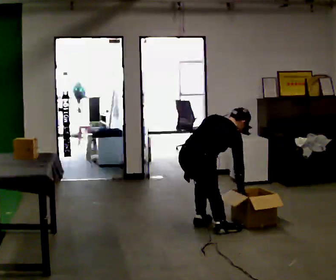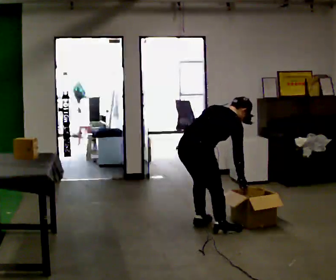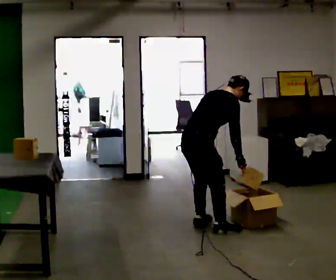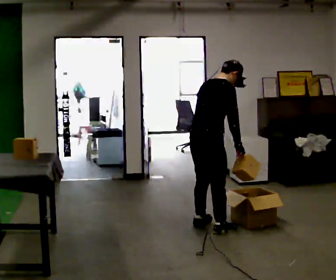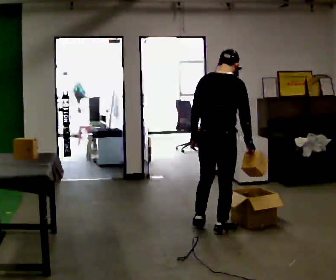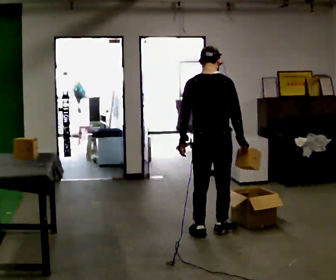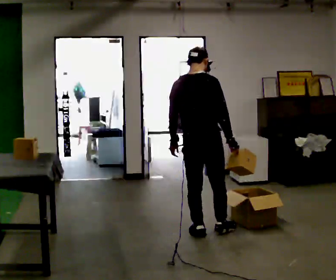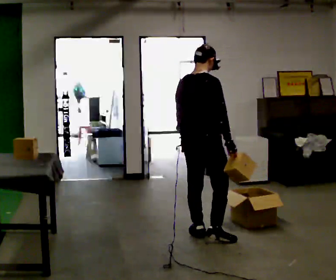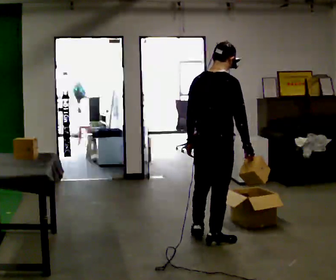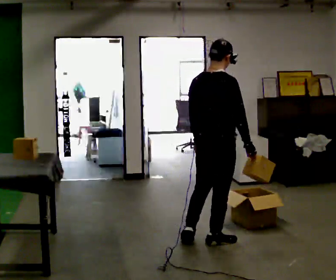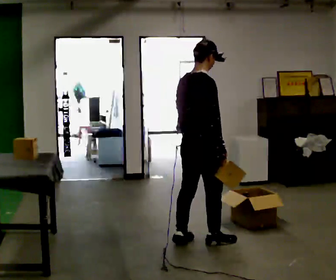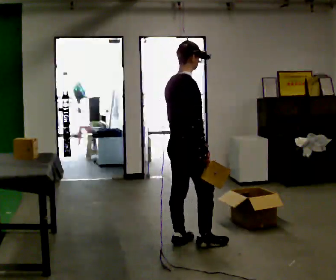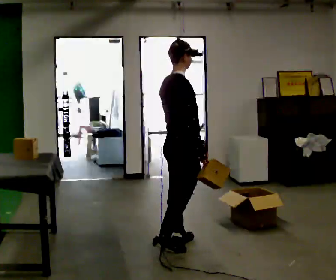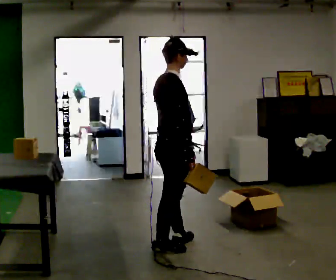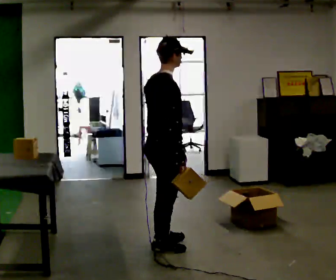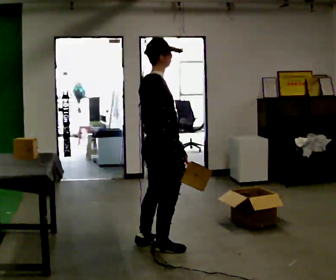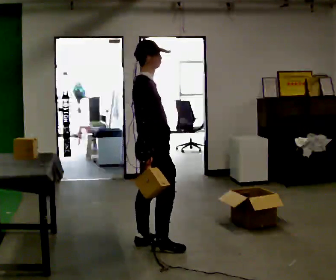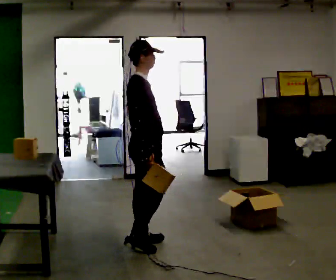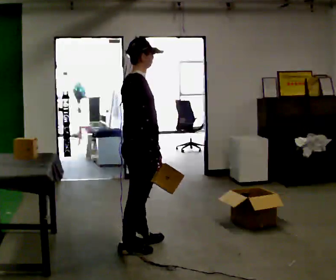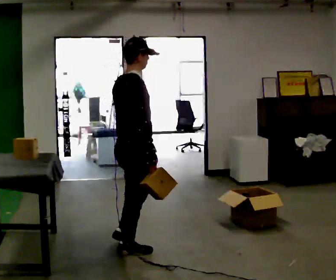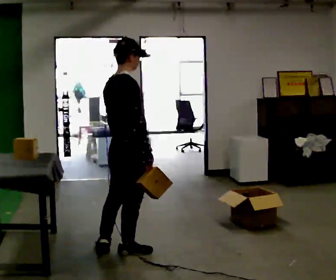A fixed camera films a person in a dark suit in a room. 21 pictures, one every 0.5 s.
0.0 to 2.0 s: In the picture they go to the right, about 0.25 m in 1 step, which for them is to their right. The shoulders move upward. The upper body tips toward the camera, its near side rolling downward, as they lean back or straighten. In the picture their left hand goes upward.
2.0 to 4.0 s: In the picture they go toward the camera, about 0.25 m in 2 steps, which for them is backward.
4.0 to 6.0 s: Seen from above the body turns clockwise, about 30 degrees: to their right, with its near side sliding to the left. In the picture they go to the left, about 0.25 m in 1 step, which for them is backward and to their left.
6.0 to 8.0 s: In the picture they go to the left, about 0.25 m in 1 step, which for them is backward. In the picture their right hand goes to the left.
8.0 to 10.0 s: The person turns about 30 degrees to their left, counterclockwise seen from above, so the part of the body nearest the lens slides to the right. In the picture they go toward the camera and to the left, about 0.25 m in 2 steps, which for them is backward.
The film runs backward here.
